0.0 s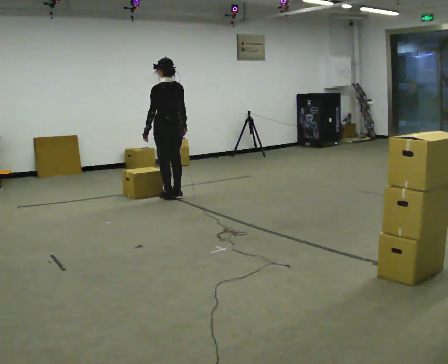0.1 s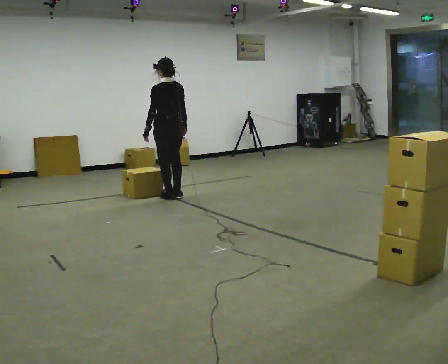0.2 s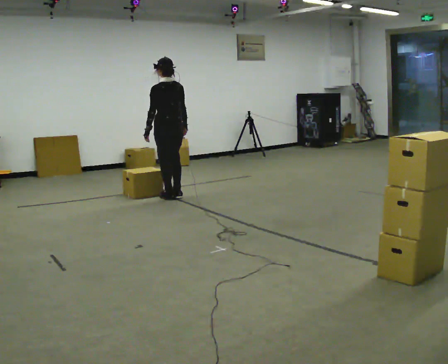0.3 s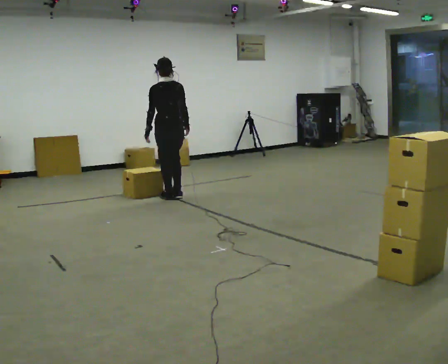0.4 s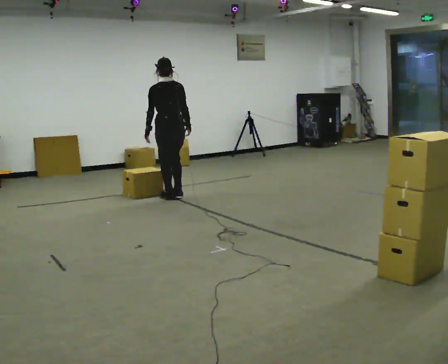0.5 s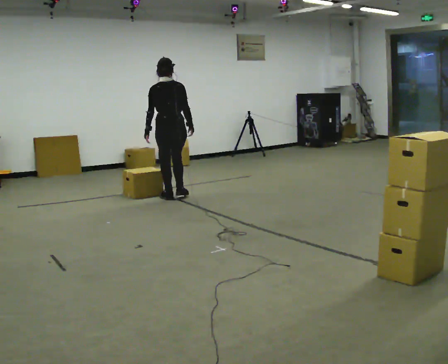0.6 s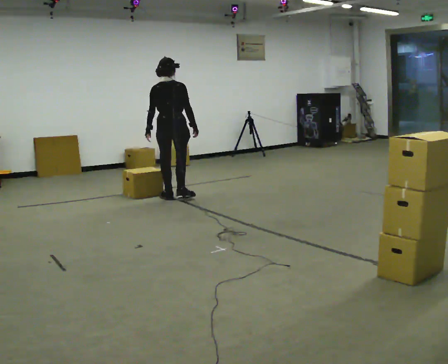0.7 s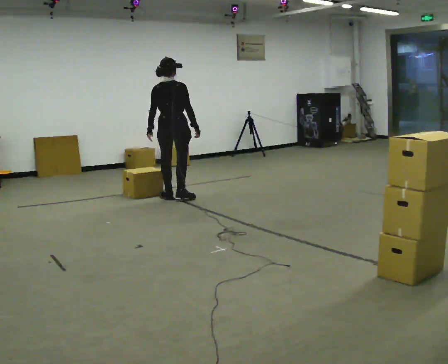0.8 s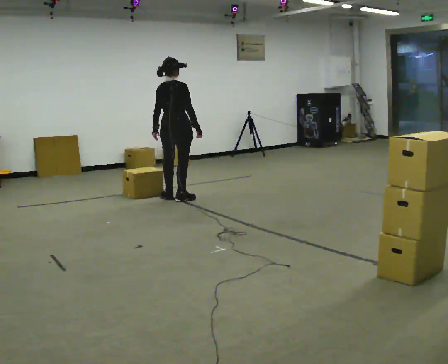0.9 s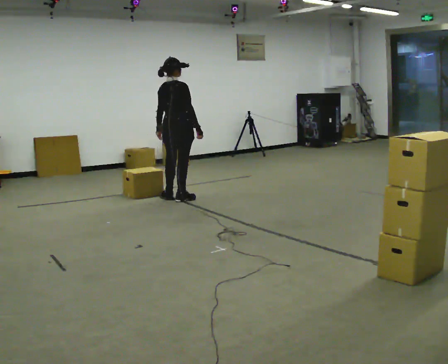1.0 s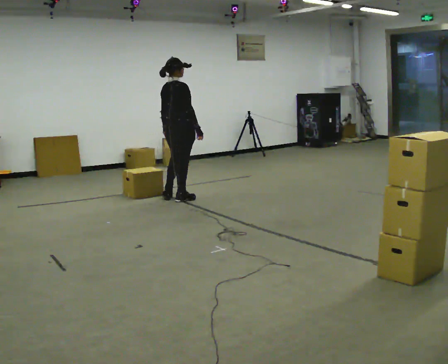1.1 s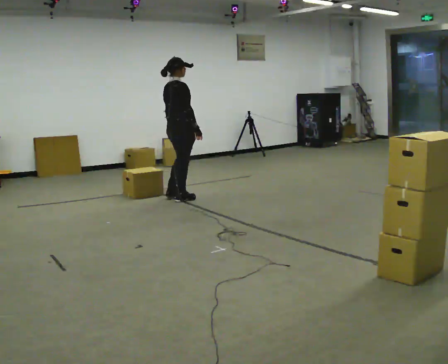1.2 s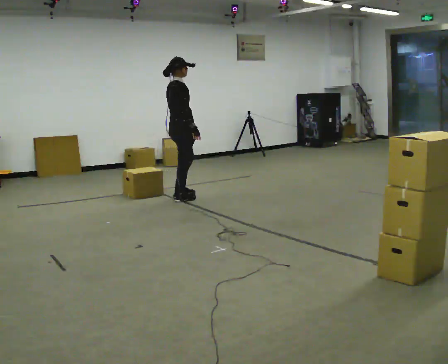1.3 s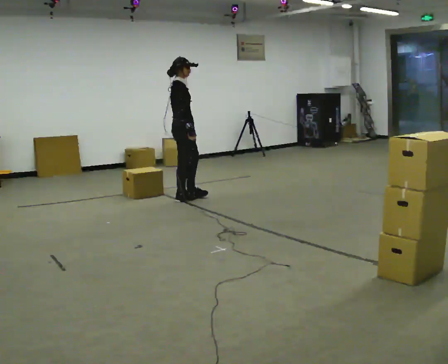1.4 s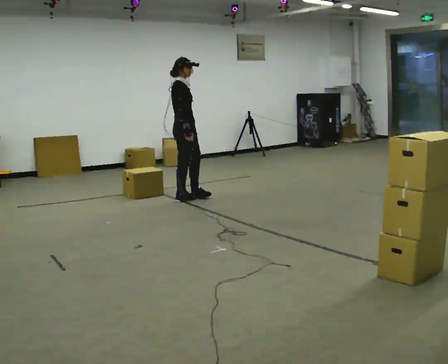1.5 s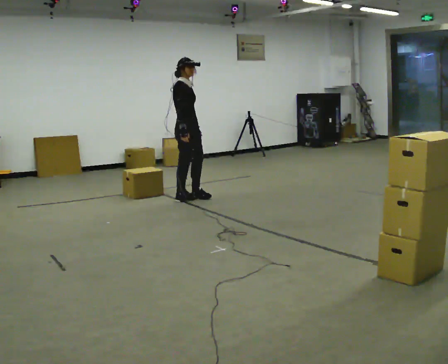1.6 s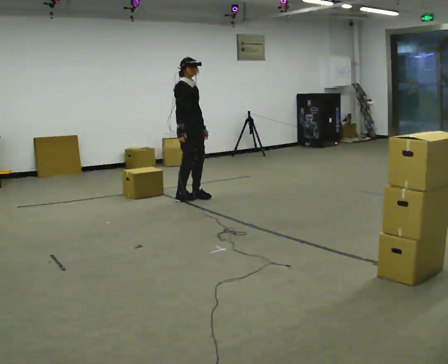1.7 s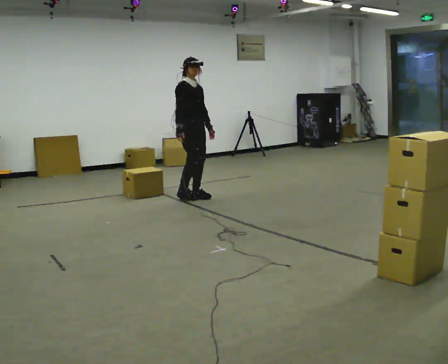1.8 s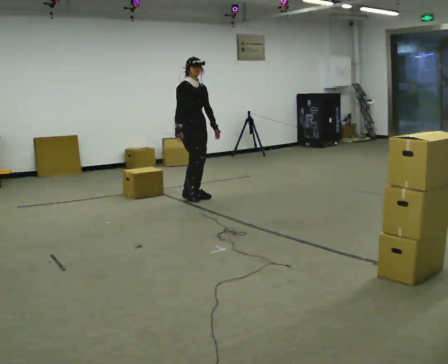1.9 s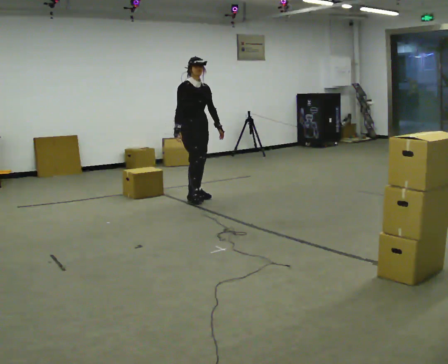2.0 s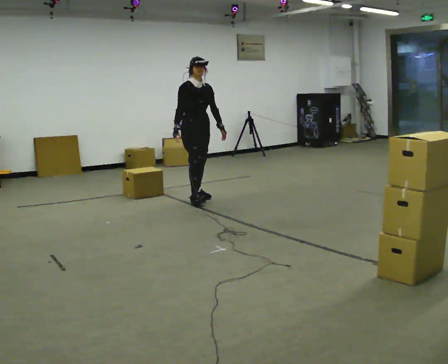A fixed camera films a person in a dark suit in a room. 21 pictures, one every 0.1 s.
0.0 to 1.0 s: Seen from above the body turns clockwise, about 75 degrees: to their right, with its near side sliding to the left.
1.0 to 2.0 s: The part of the body nearest the lens slides to the left as the person turns to their right by about 105 degrees. In the picture they go to the right, about 0.25 m in 1 step. In the picture their left hand goes to the right, the arm swinging counterclockwise.
The film runs forward here.
